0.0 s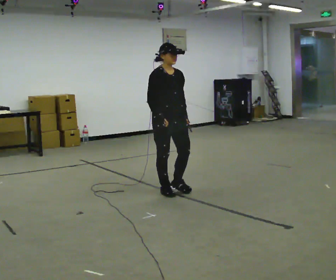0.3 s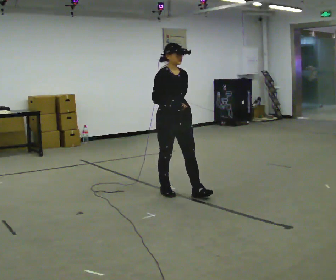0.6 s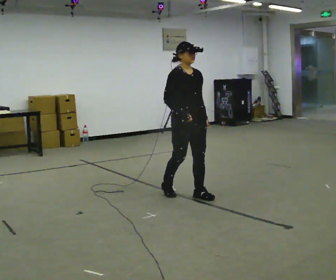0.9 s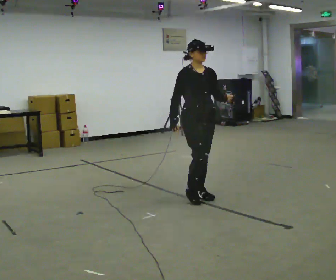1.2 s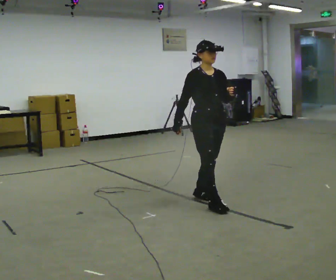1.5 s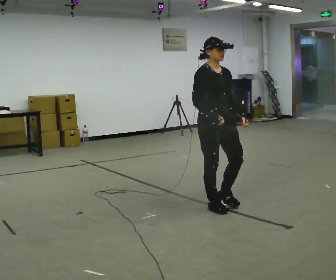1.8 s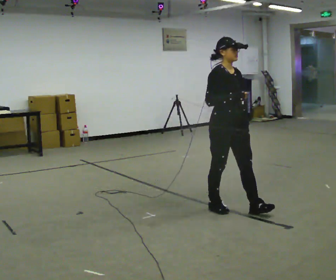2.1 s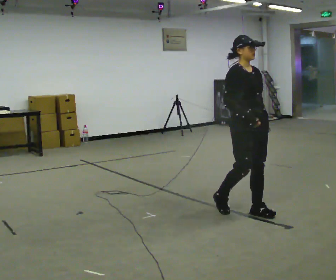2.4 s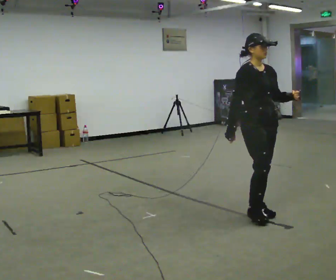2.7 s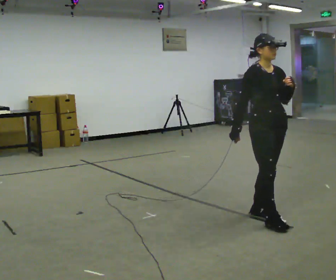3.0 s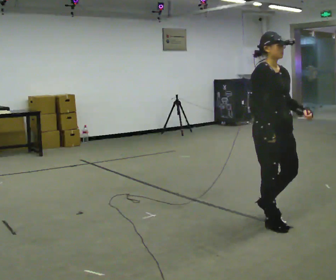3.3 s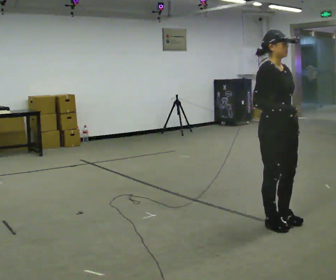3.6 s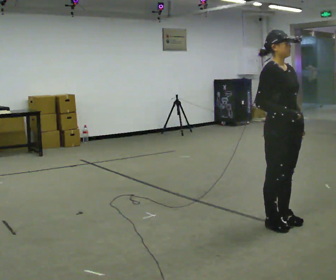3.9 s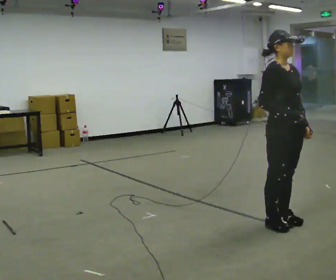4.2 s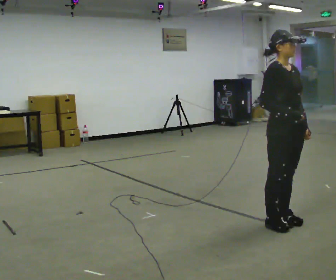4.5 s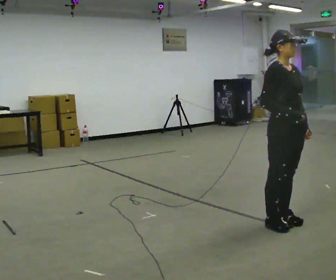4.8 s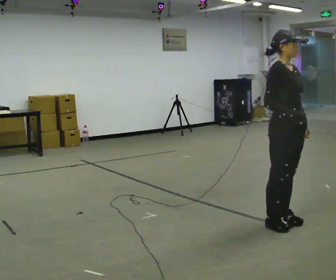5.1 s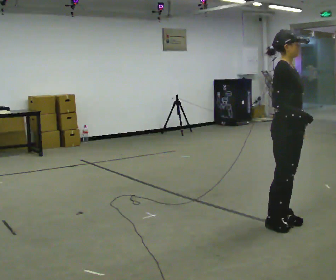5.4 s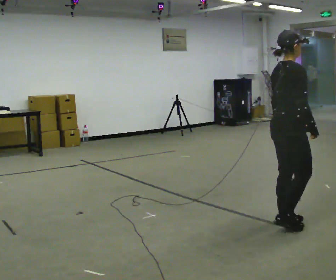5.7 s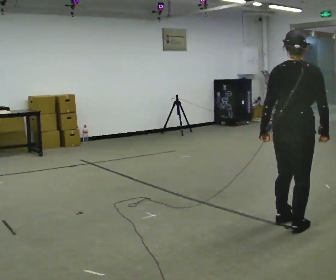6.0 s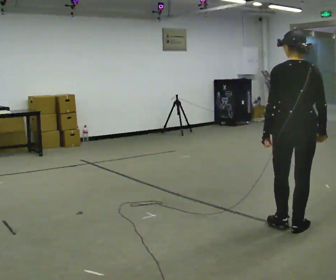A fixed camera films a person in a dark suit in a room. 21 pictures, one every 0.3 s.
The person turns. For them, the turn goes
to their left.
The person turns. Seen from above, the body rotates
counterclockwise.
0.0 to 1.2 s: In the picture they go to the right and toward the camera, about 0.5 m in 2 steps, which for them is forward.
1.2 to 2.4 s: In the picture they go to the right and toward the camera, about 0.5 m in 1 step, which for them is forward.
2.4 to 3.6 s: In the picture they go toward the camera and to the right, about 0.25 m in 2 steps, which for them is forward.
3.6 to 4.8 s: The person moves a little, or ends about where they began.
4.8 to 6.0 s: Seen from above the body turns counterclockwise, about 135 degrees: to their left, with its near side sliding to the right. In the picture their left hand goes to the left, the arm swinging clockwise.
The film runs forward here.
